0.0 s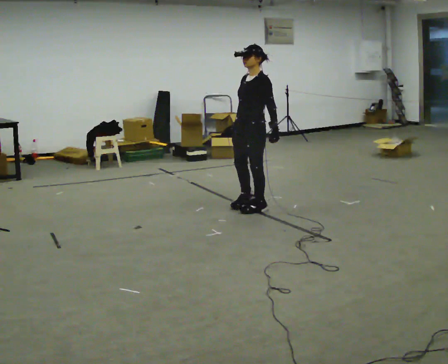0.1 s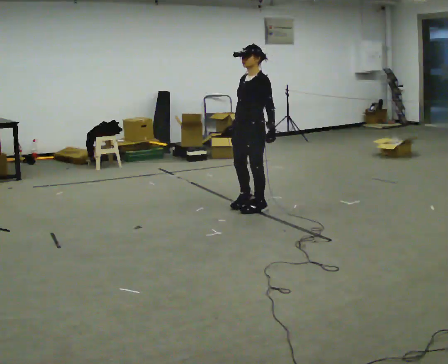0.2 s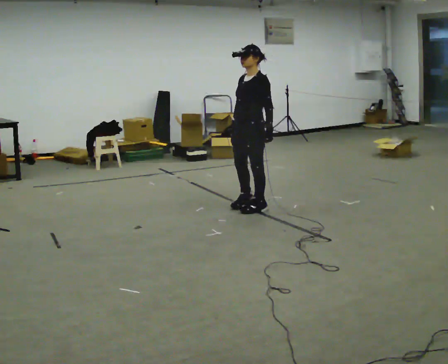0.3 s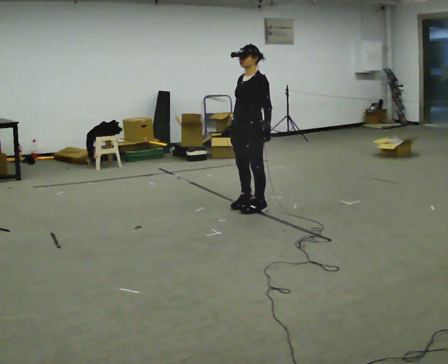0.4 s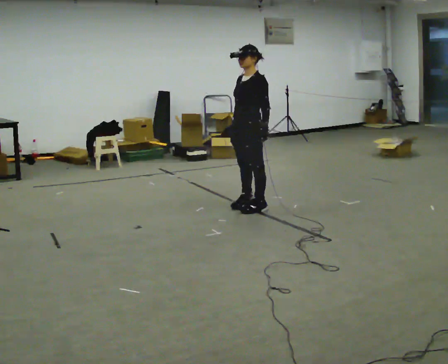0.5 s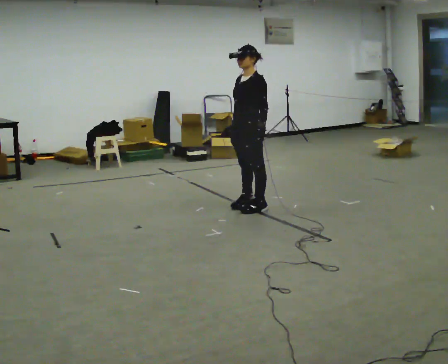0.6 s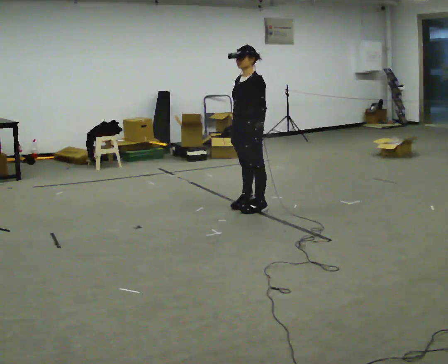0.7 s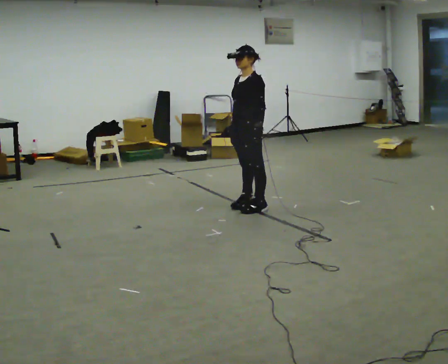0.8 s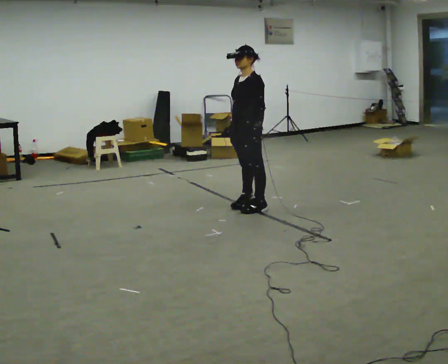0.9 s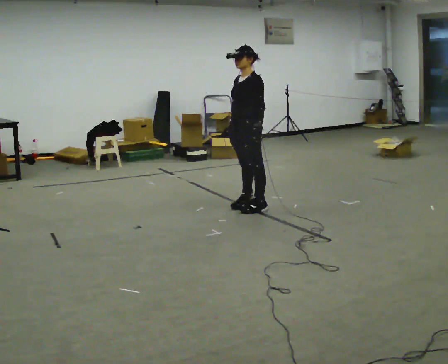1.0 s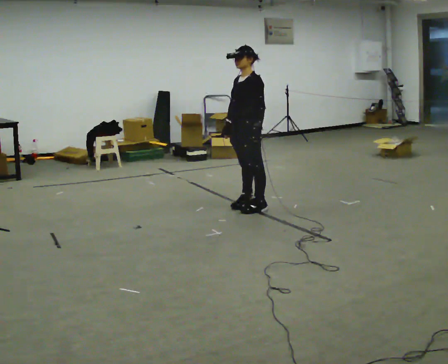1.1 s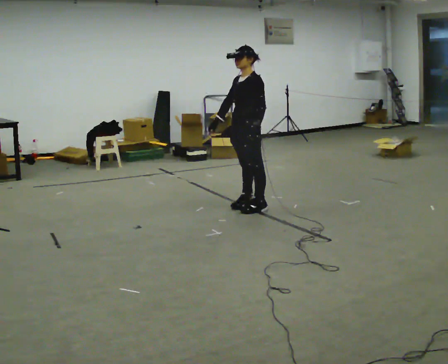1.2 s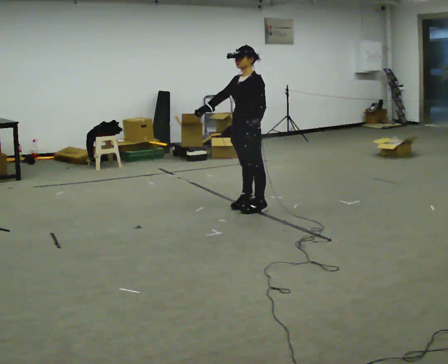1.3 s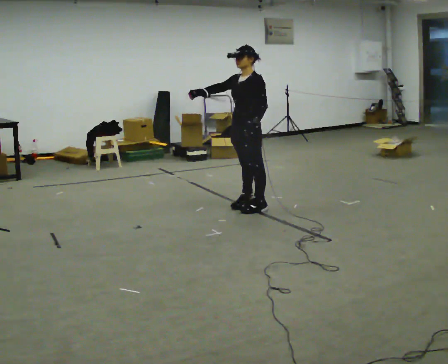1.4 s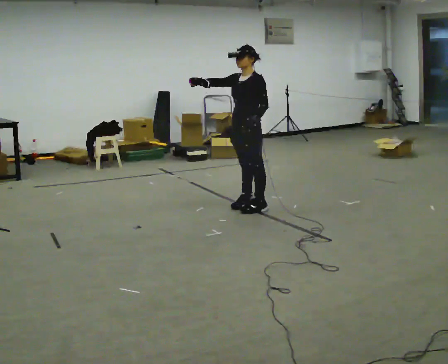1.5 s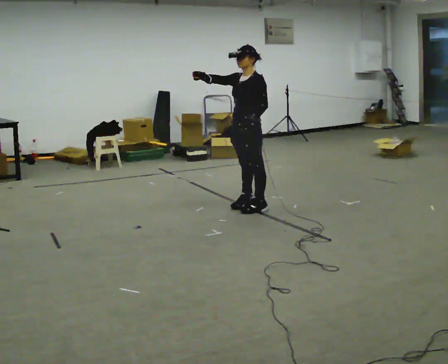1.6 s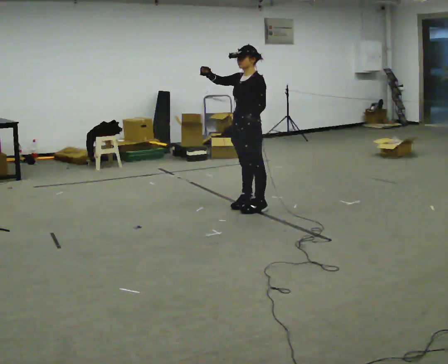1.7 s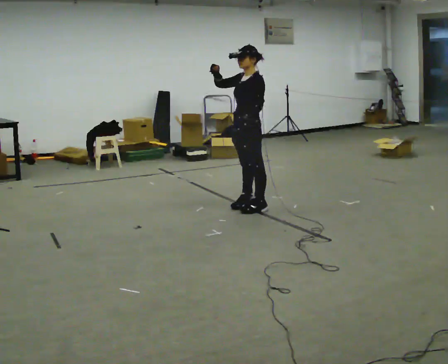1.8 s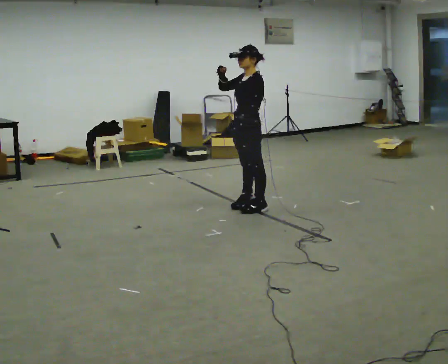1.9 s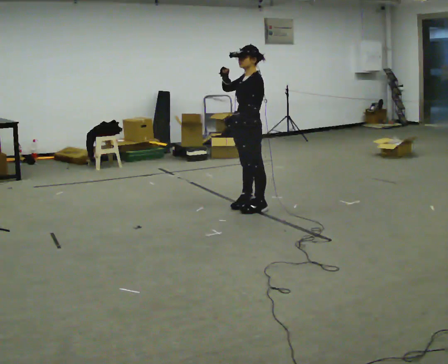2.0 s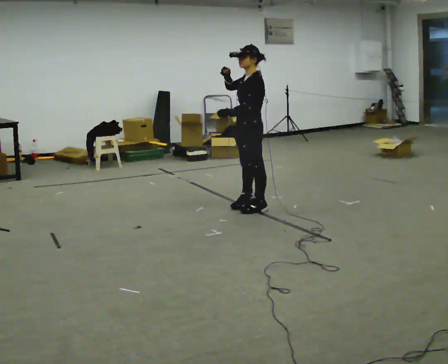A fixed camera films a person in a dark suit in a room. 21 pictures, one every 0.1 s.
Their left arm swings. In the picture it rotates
clockwise.
Their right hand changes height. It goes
upward.
0.0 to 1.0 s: The person moves a little, or ends about where they began.
1.0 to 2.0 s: In the picture their right hand goes upward.
The film runs forward here.
